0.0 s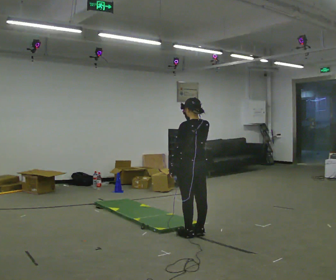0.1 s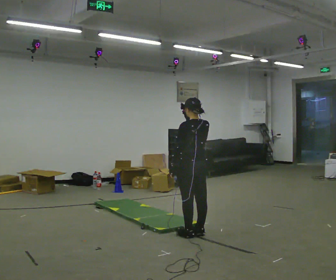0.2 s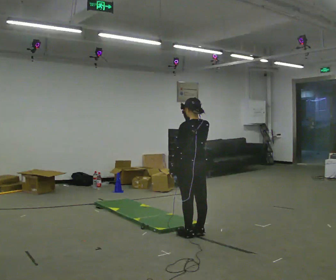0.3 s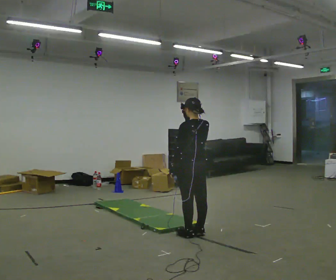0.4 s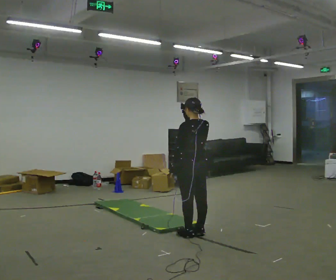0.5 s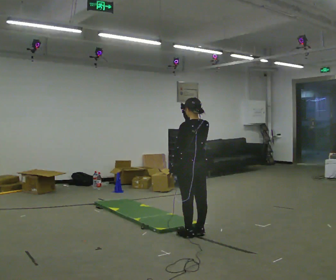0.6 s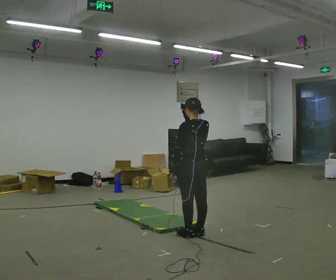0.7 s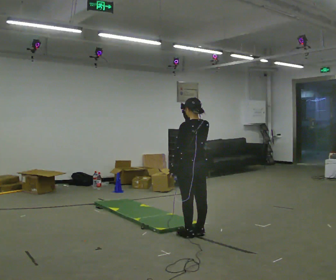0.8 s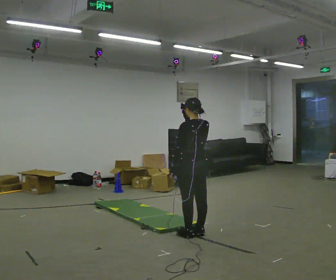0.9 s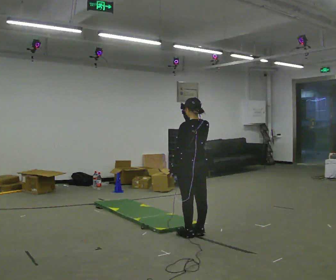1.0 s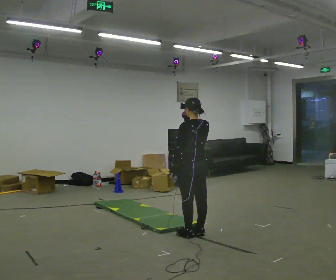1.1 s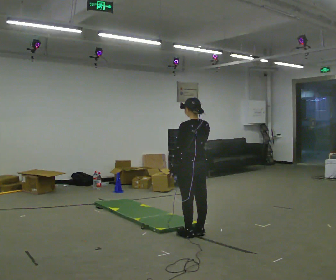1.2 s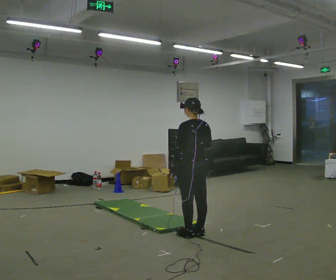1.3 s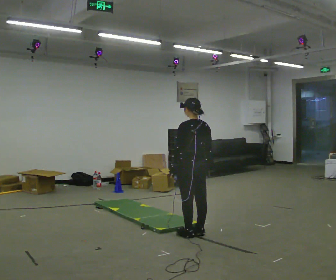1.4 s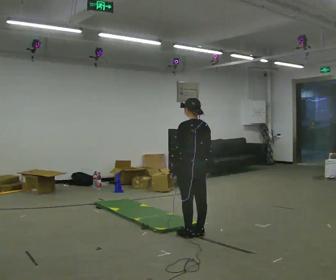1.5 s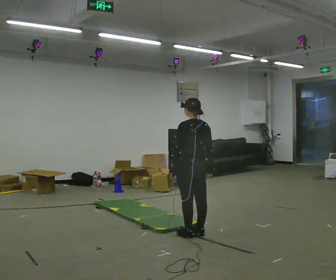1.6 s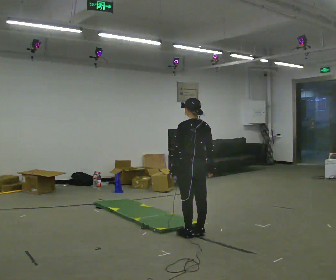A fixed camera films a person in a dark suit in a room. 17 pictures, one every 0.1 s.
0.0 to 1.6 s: In the picture their right hand goes downward.
The film runs forward here.
